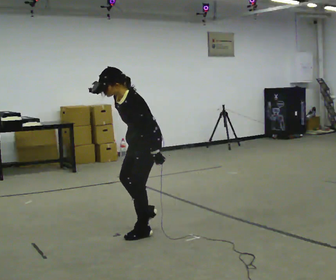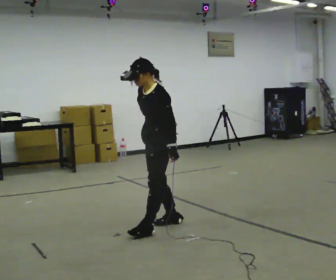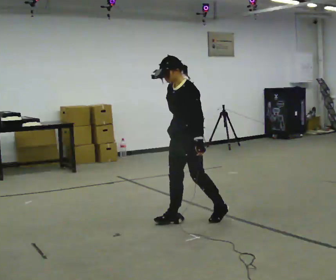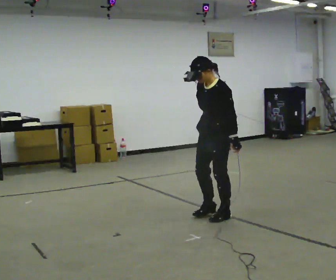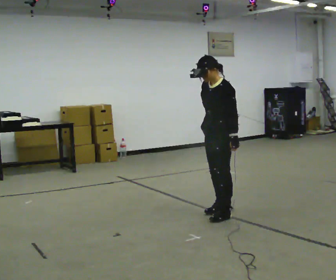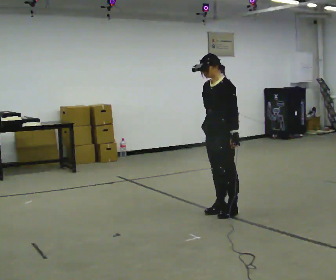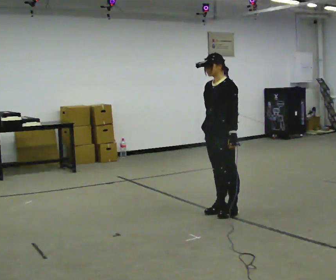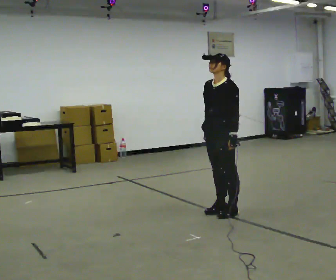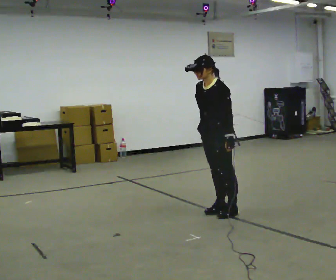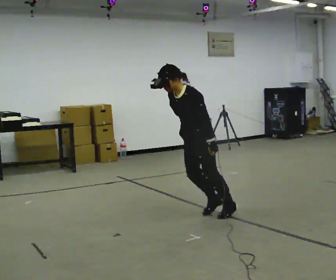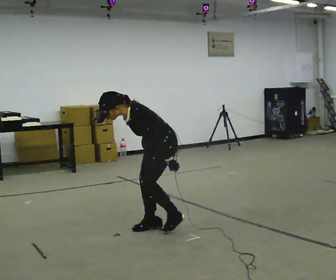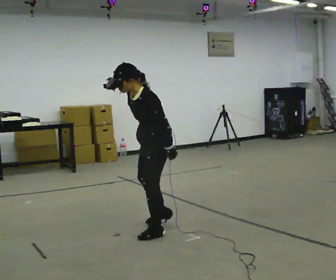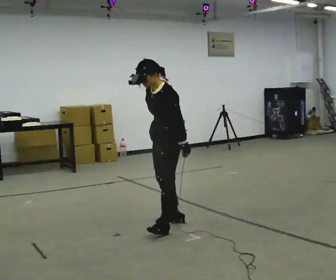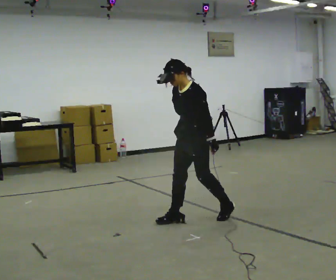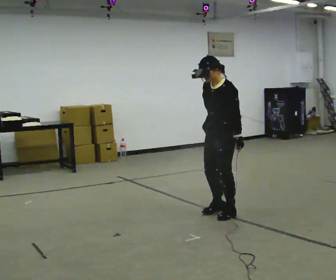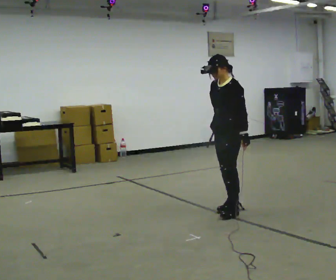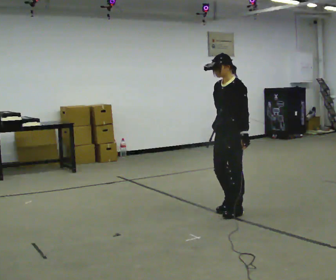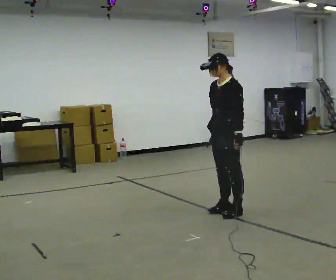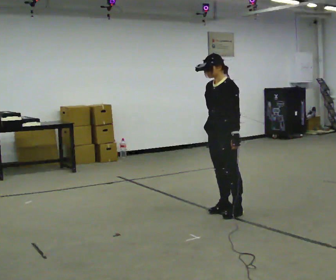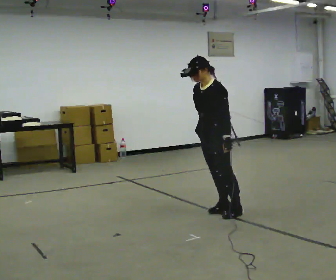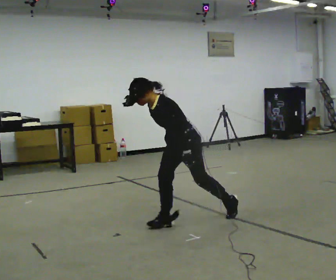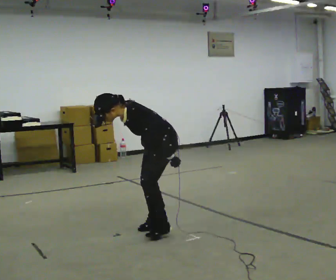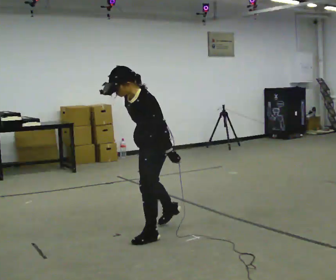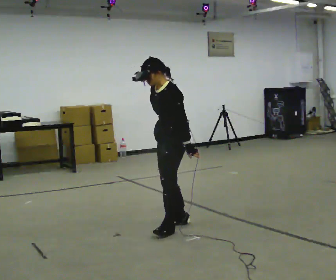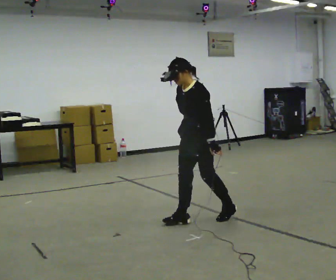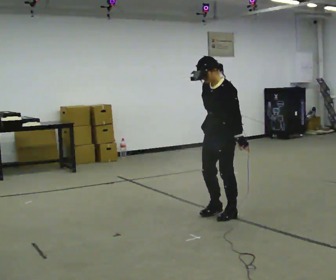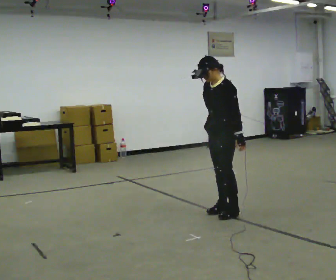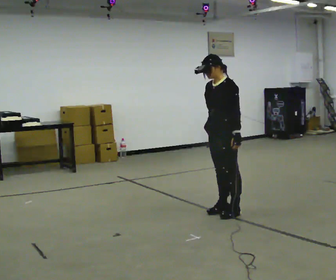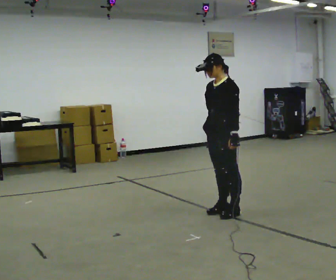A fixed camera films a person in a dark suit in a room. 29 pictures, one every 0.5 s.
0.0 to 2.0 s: In the picture they go away from the camera and to the right, about 1 m in 3 steps, which for them is backward.
2.0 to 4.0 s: The person moves a little, or ends about where they began.
4.0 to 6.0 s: In the picture they go to the left and toward the camera, about 0.5 m in 3 steps, which for them is forward.
6.0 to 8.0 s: In the picture they go to the right and away from the camera, about 0.75 m in 2 steps, which for them is backward.
8.0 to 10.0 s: In the picture they go to the left and toward the camera, about 0.5 m, which for them is forward. The upper body goes downward. In the picture the upper body tilts counterclockwise, shoulders to the left, as they bend forward.
10.0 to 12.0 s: In the picture they go to the right, about 0.25 m in 3 steps, which for them is backward.
12.0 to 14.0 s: In the picture they go away from the camera and to the right, about 0.25 m in 2 steps, which for them is backward.
The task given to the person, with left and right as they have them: Stand on the marked spots with your feet together. Lean forward from the ankles, keeping your body straight, until you cannot hold it any longer, then step forward to catch yourself. Return to the spots. Repeat at your own pace until the operator says stop. Go slowly and only as far as you are comfortable. Step whenever you need to; do not try to hold on longer than feels safe.
The film runs forward here.
